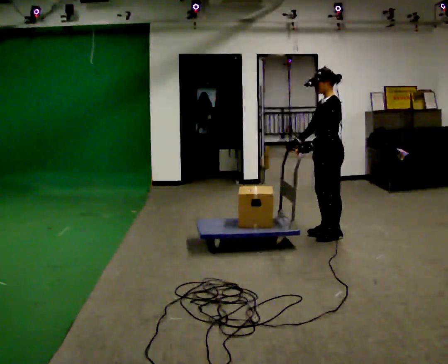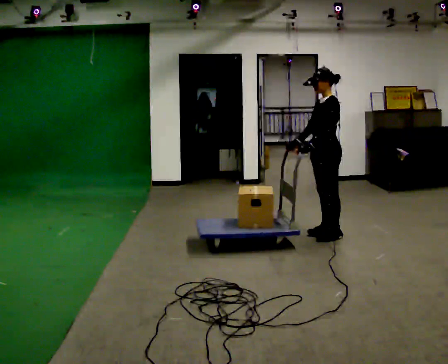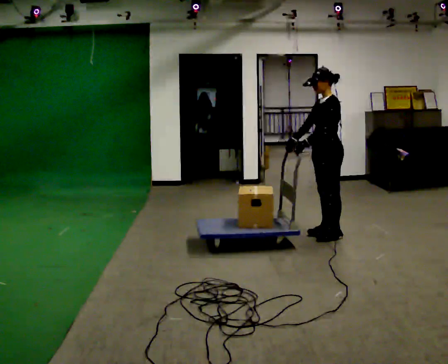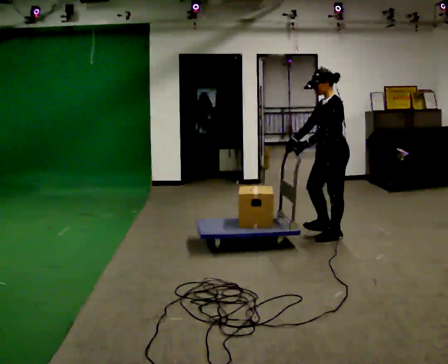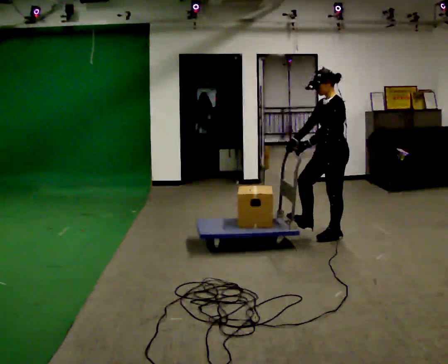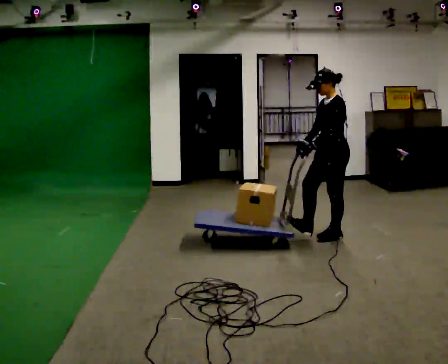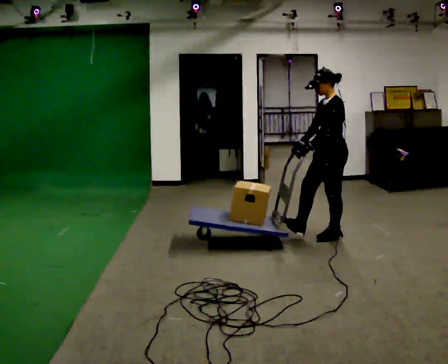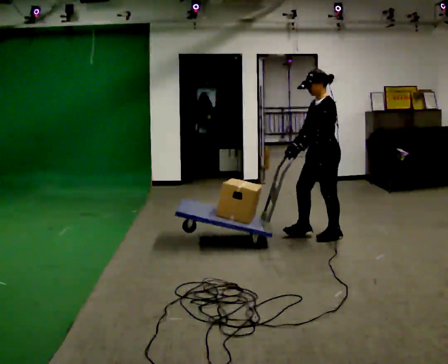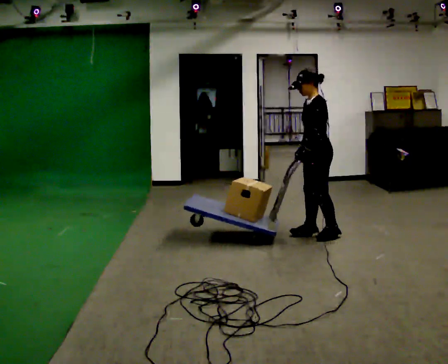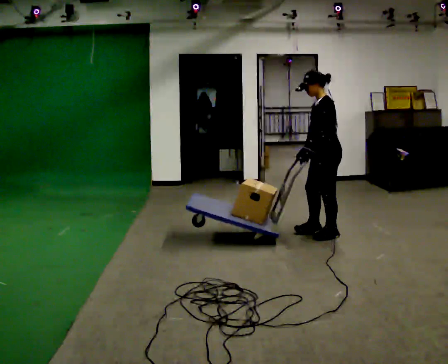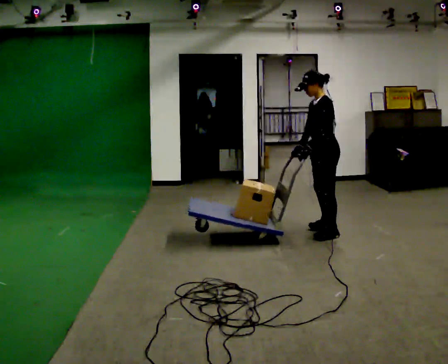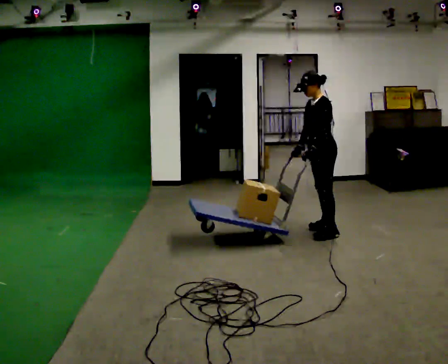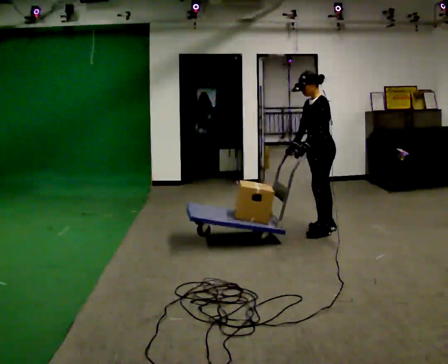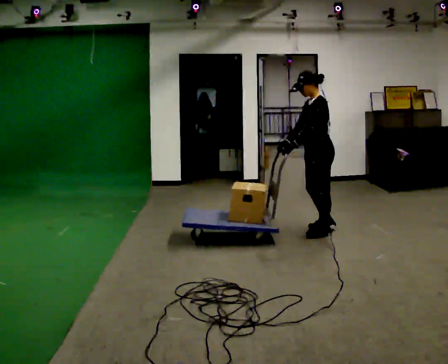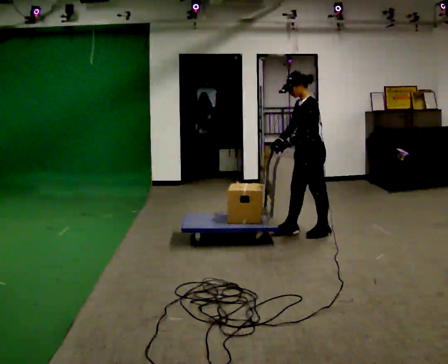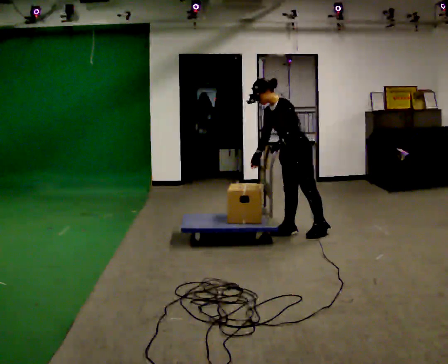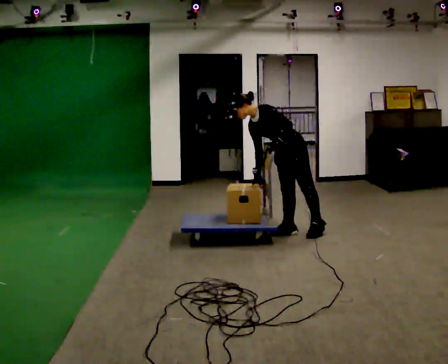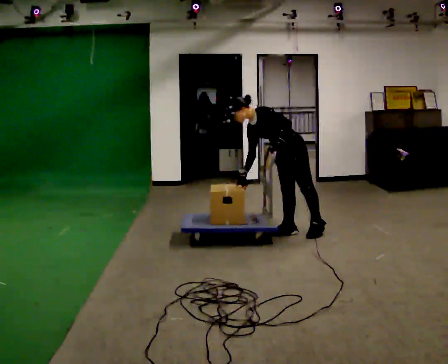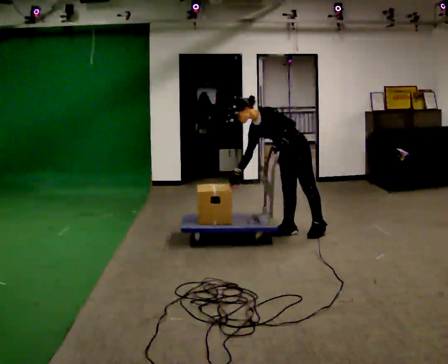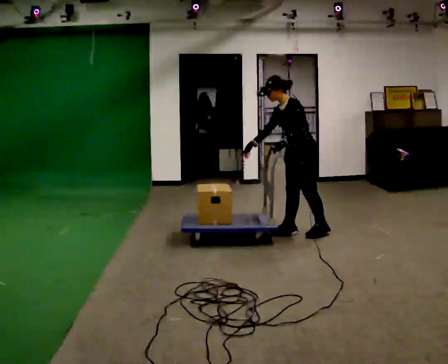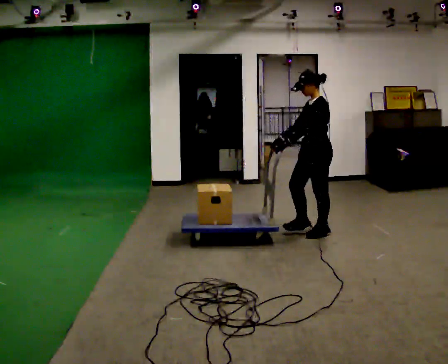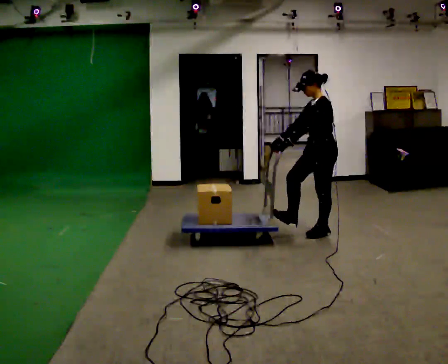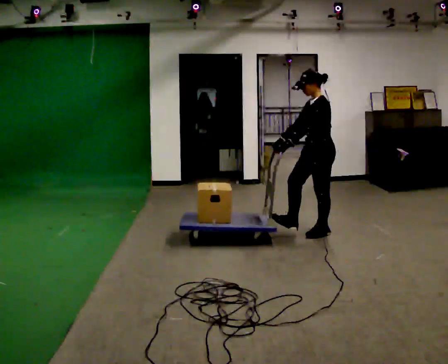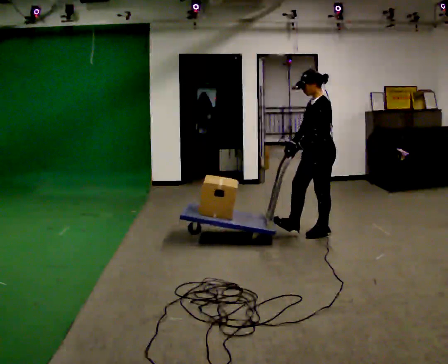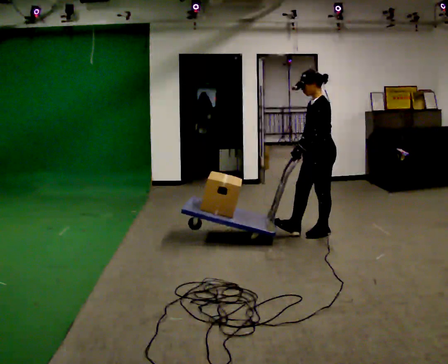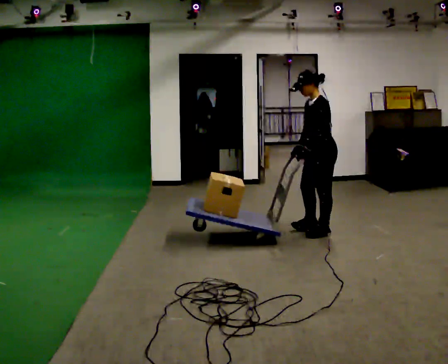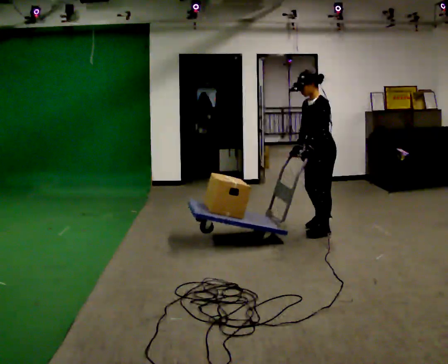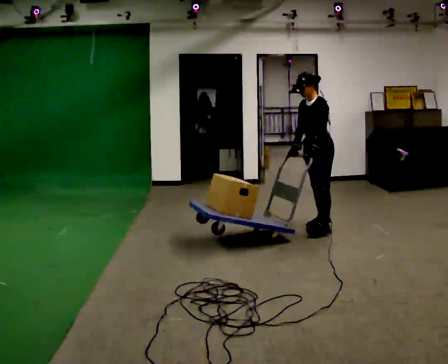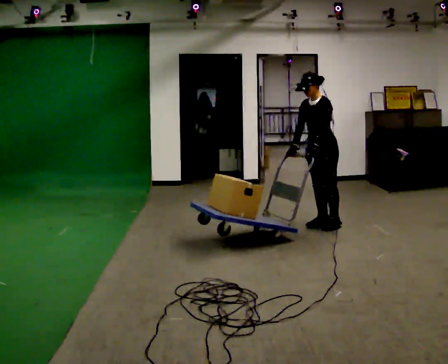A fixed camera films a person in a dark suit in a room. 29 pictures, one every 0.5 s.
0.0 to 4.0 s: The person moves a little, or ends about where they began.
4.0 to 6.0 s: In the picture they go away from the camera, about 0.25 m in 2 steps, which for them is to their right.
6.0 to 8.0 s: In the picture they go to the left, about 0.25 m in 1 step, which for them is forward. In the picture the upper body tilts counterclockwise, shoulders to the left, as they bend forward.
8.0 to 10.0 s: The part of the body nearest the lens slides to the left as the person turns to their right by about 30 degrees. In the picture they go to the right, about 0.25 m, which for them is to their left and backward. In the picture the upper body tilts clockwise, shoulders to the right, as they lean back or straighten.
10.0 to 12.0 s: The person moves a little, or ends about where they began.
12.0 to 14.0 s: Seen from above the body turns counterclockwise, about 30 degrees: to their left, with its near side sliding to the right. In the picture they go away from the camera, about 0.25 m in 2 steps, which for them is to their right and backward.
The film runs forward here.
